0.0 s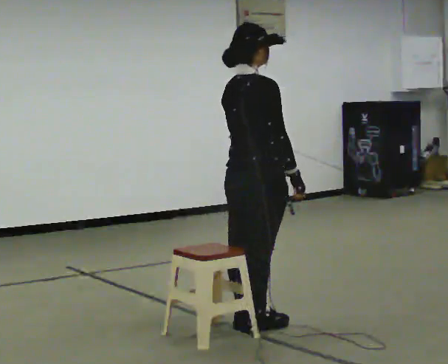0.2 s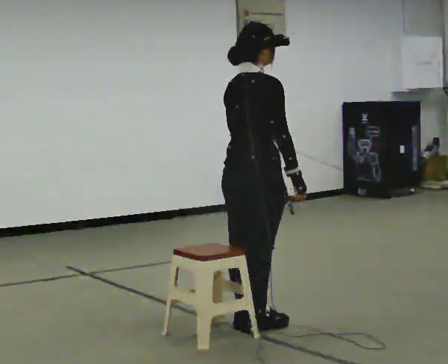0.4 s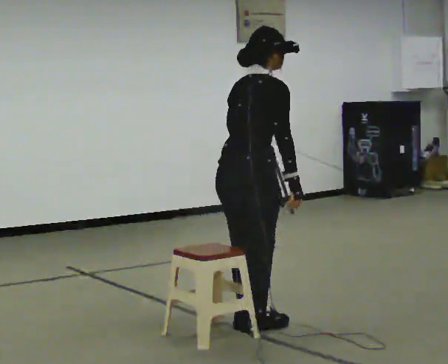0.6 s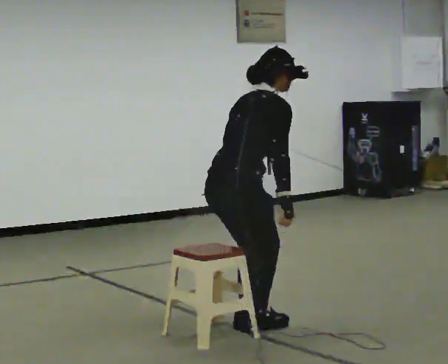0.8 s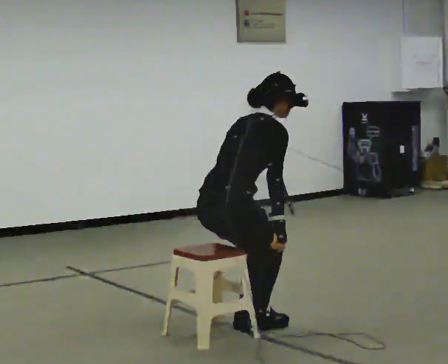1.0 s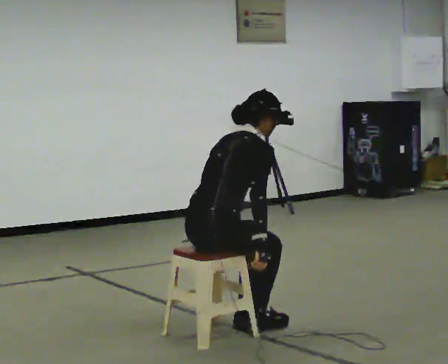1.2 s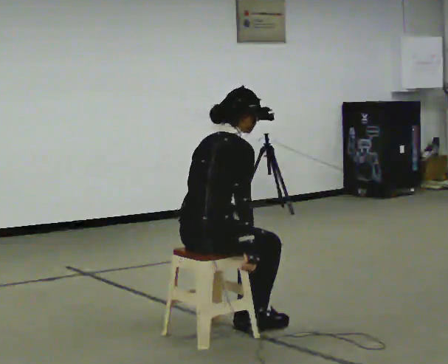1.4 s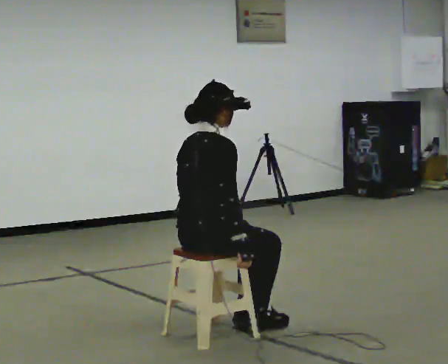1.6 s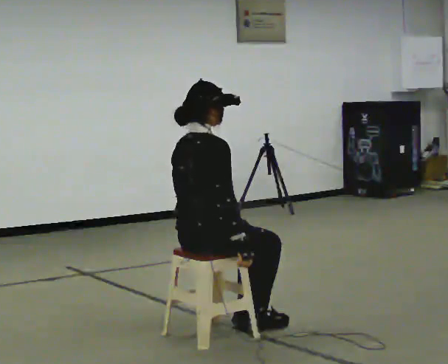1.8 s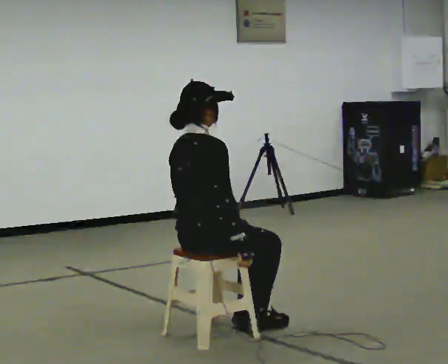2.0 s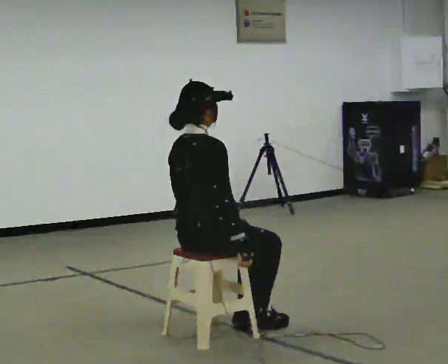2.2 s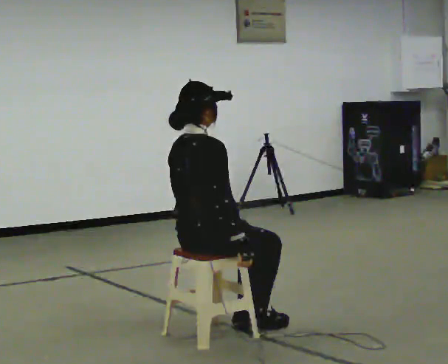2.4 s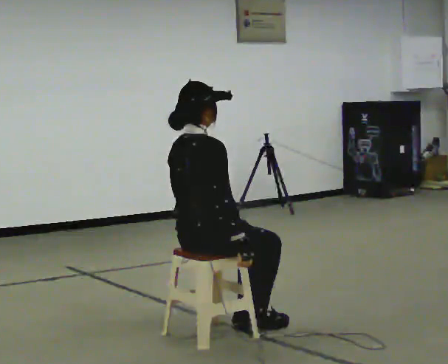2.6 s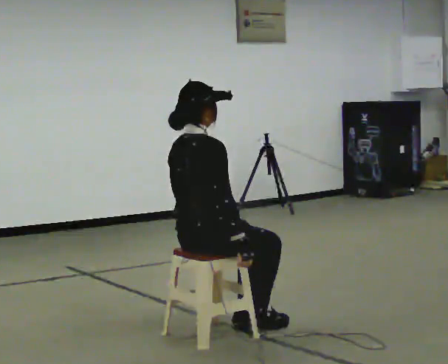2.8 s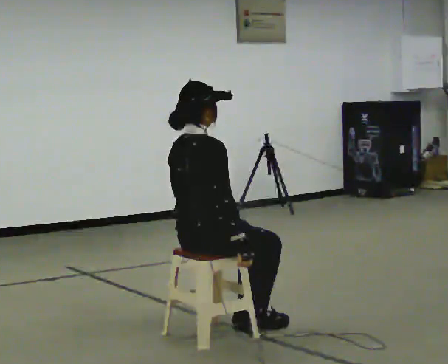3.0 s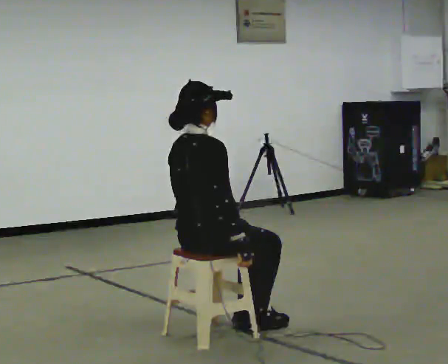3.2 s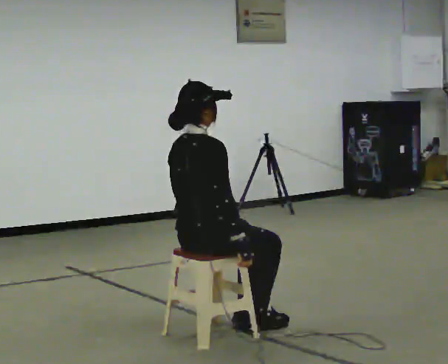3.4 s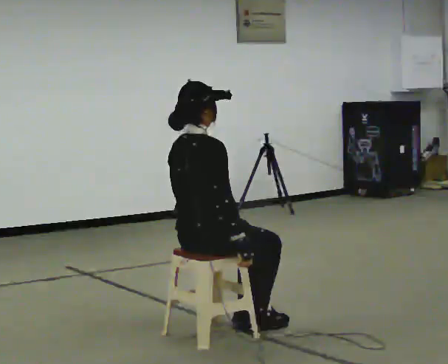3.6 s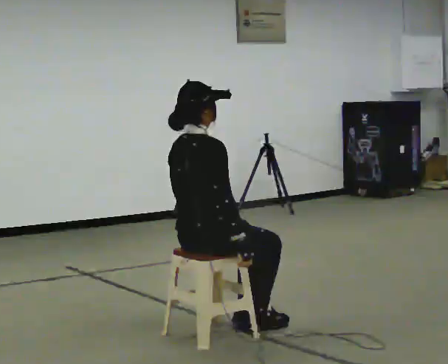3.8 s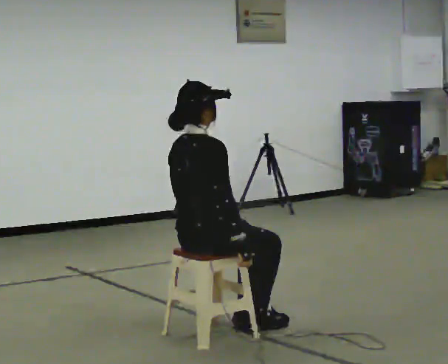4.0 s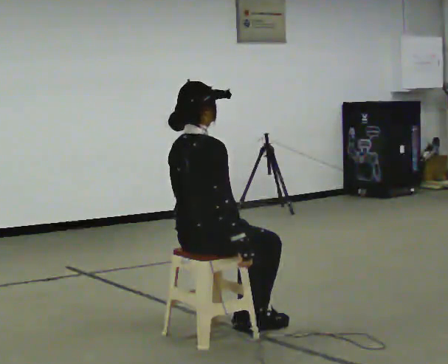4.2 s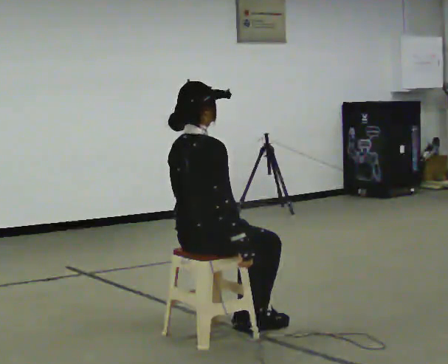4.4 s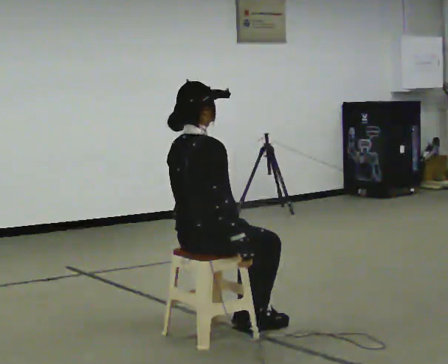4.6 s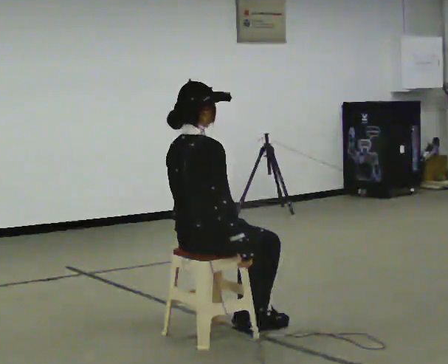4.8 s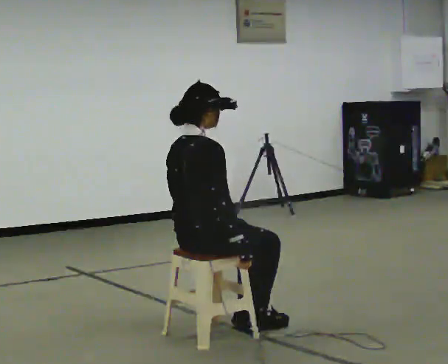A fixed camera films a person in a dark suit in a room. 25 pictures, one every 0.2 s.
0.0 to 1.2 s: In the picture they go to the left and toward the camera, about 0.25 m, which for them is backward. The shoulders move downward. In the picture their right hand goes downward.
1.2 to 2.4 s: In the picture the upper body tilts counterclockwise, shoulders to the left, as they lean back or straighten.
2.4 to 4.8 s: The person keeps their place and pose.
The film runs backward here.
